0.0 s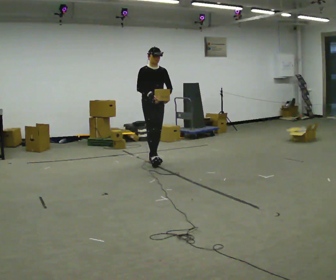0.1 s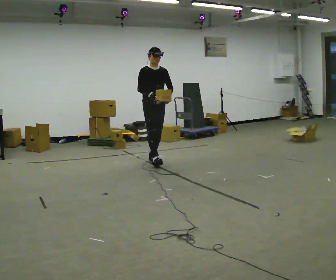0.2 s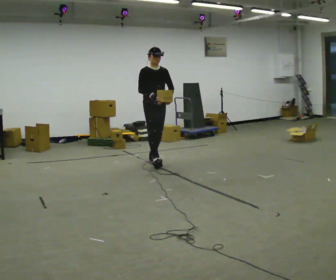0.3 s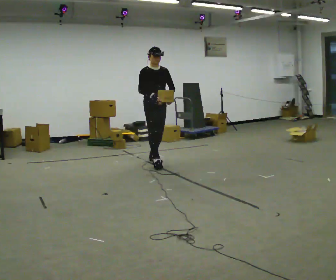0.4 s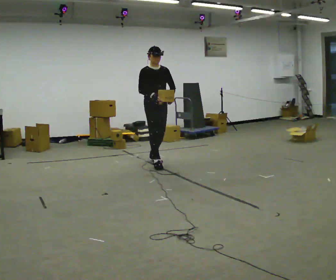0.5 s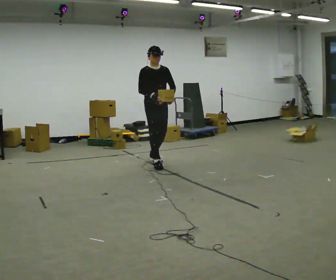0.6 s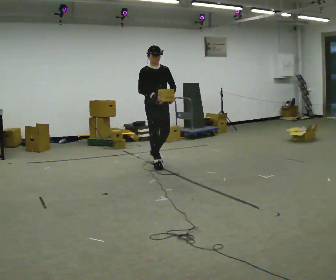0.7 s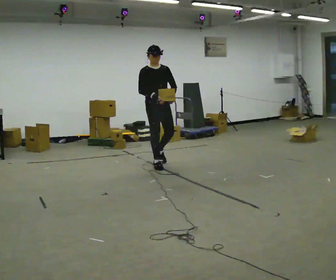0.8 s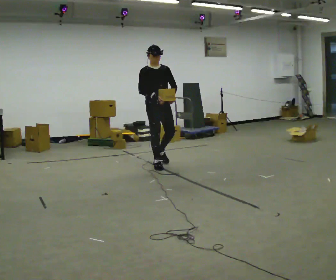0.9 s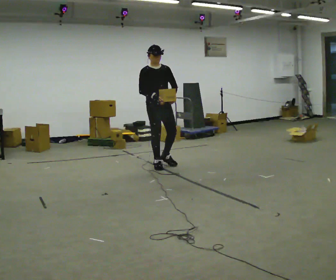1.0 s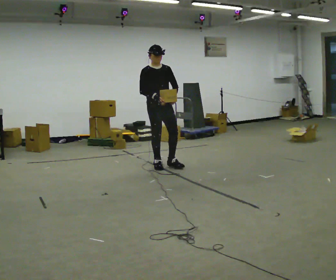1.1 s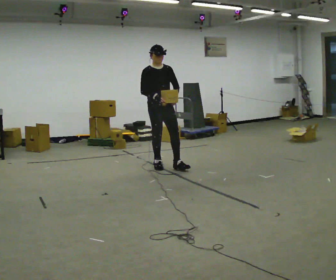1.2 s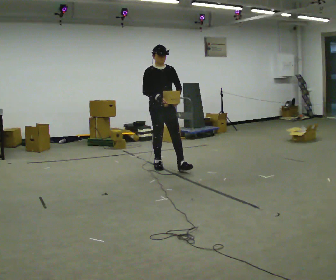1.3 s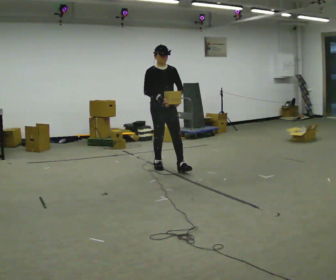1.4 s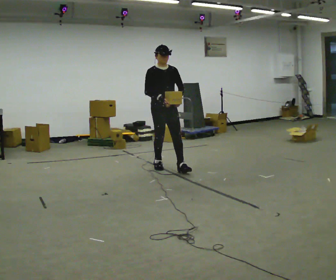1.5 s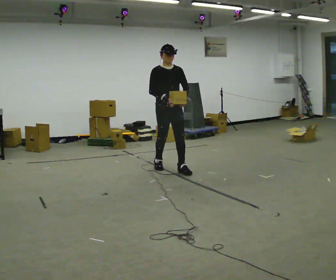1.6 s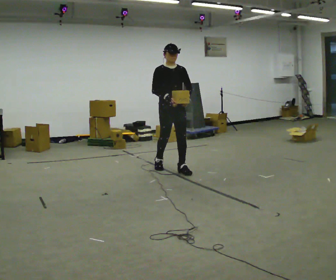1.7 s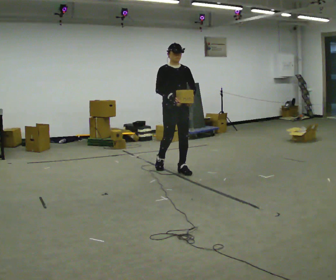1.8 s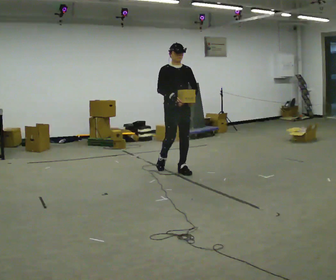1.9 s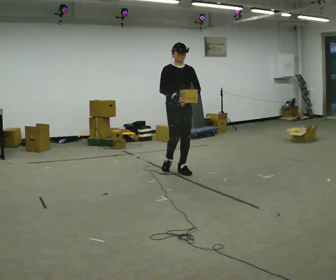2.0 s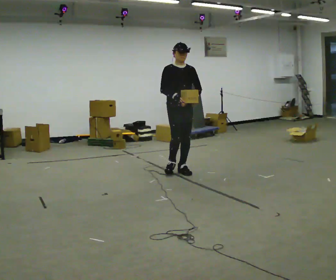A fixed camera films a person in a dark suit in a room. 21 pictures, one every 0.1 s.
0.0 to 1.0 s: In the picture they go toward the camera, about 0.5 m in 1 step, which for them is forward.
1.0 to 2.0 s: In the picture they go to the right and toward the camera, about 0.5 m in 1 step, which for them is forward and to their left.
The film runs forward here.
